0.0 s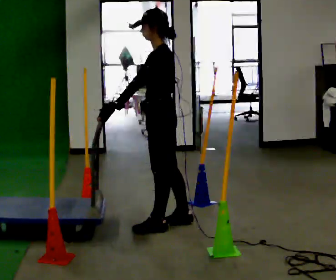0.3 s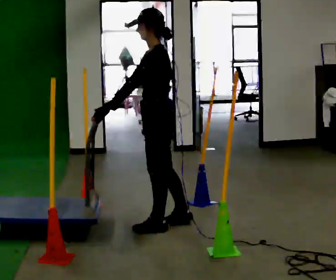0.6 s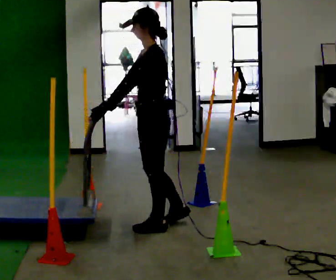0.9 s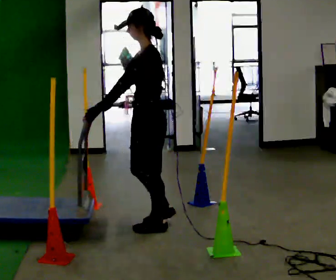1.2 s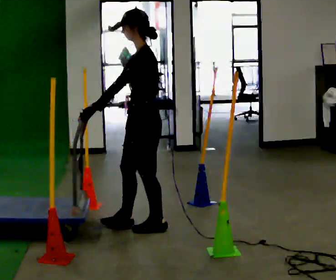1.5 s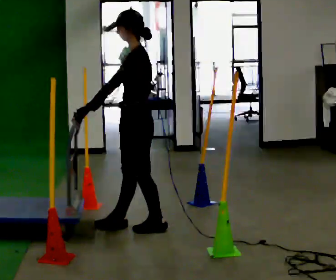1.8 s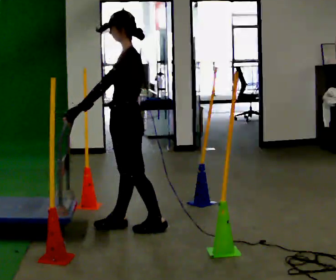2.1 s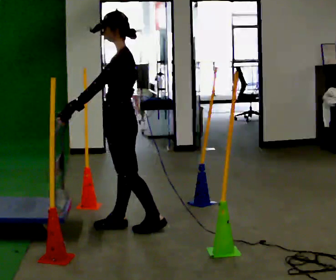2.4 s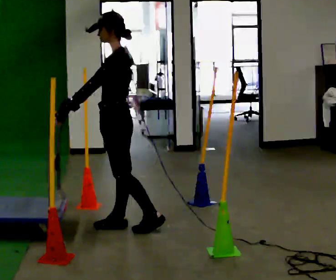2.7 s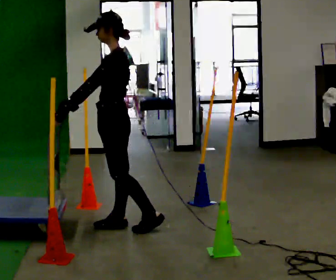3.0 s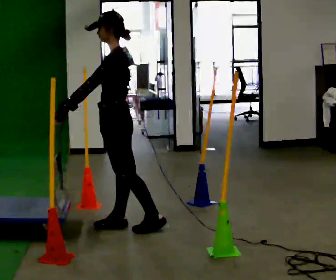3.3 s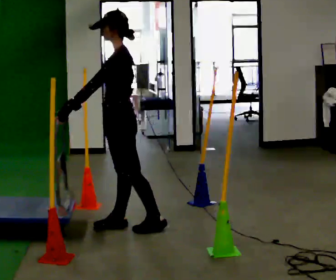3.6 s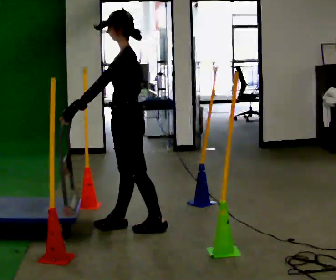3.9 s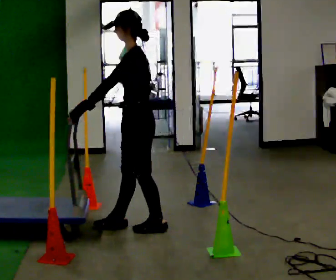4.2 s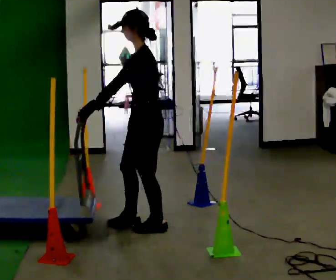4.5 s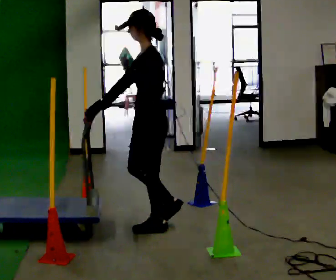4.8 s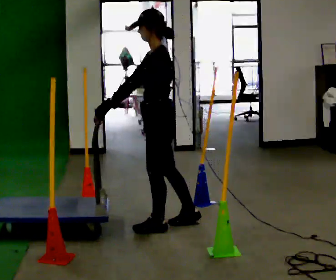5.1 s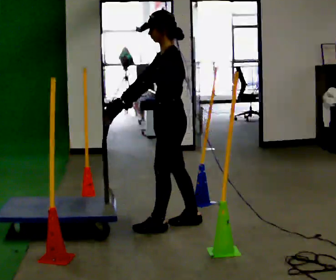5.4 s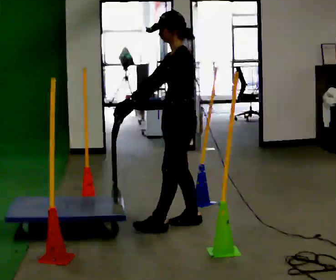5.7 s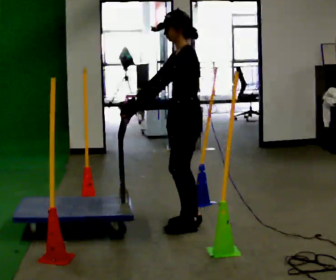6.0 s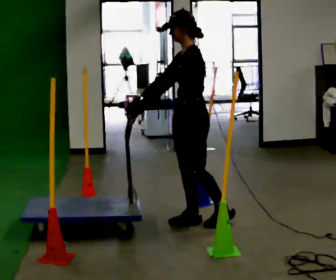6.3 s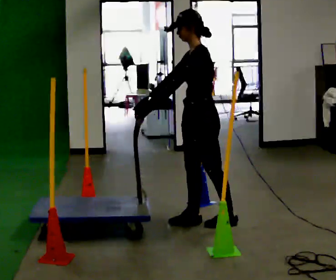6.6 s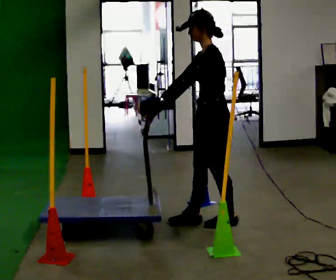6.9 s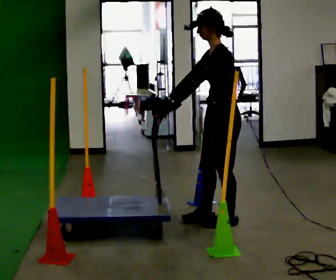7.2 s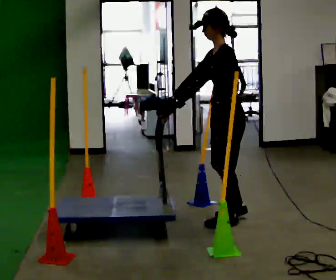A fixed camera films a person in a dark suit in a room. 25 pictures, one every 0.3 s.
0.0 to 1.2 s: The person moves a little, or ends about where they began.
1.2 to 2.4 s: In the picture they go to the left, about 0.25 m, which for them is forward.
2.4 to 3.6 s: The person moves a little, or ends about where they began.
3.6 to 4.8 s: In the picture they go to the right, about 0.25 m in 1 step, which for them is backward.
4.8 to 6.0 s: In the picture they go to the right, about 0.25 m in 1 step, which for them is backward.
6.0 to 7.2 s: In the picture they go to the right, about 0.25 m in 1 step, which for them is backward.
The film runs backward here.
